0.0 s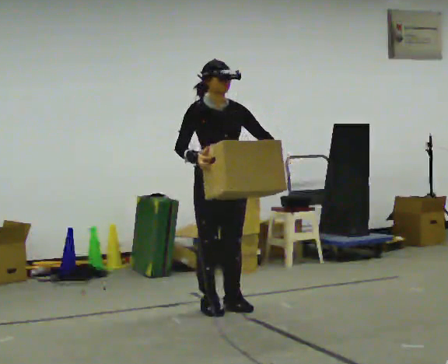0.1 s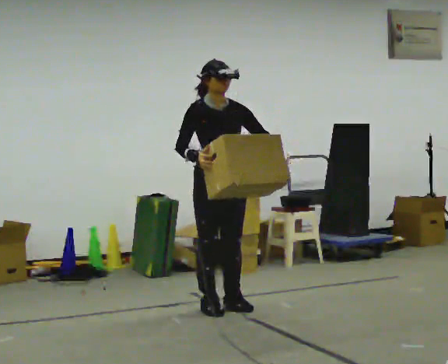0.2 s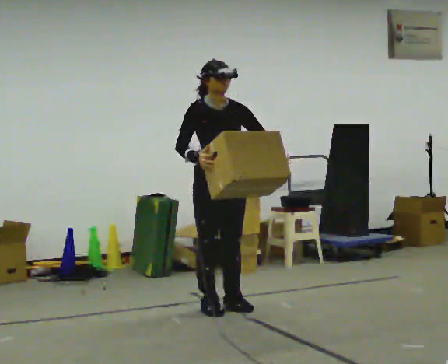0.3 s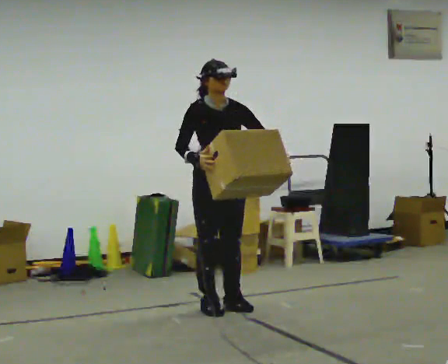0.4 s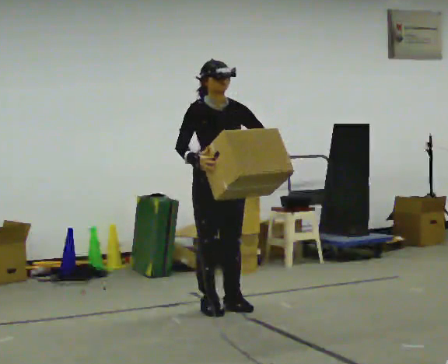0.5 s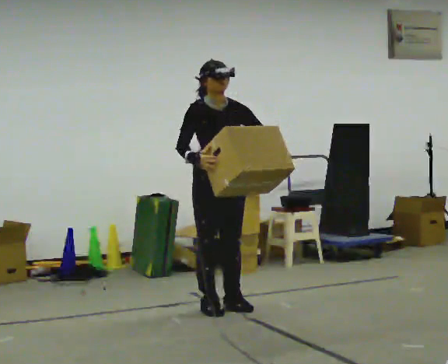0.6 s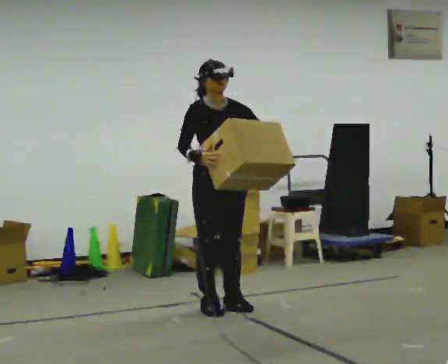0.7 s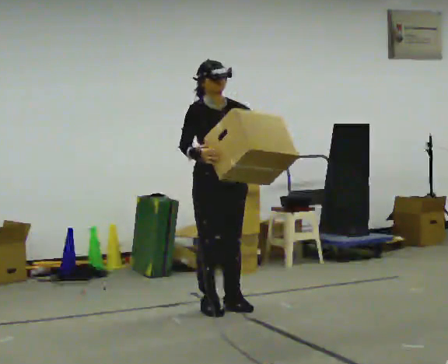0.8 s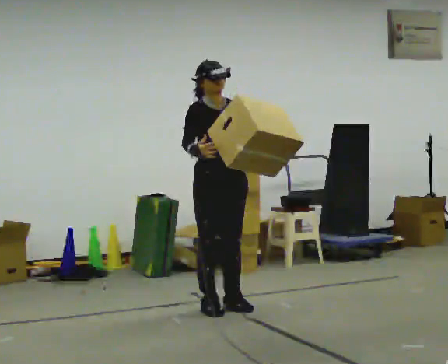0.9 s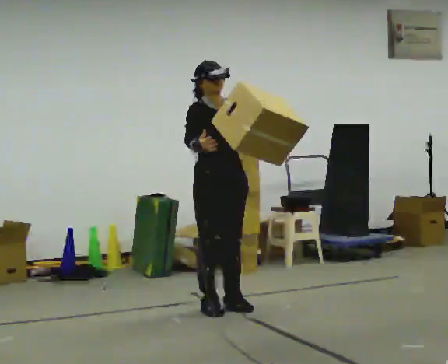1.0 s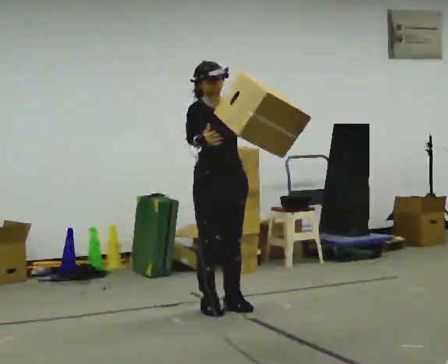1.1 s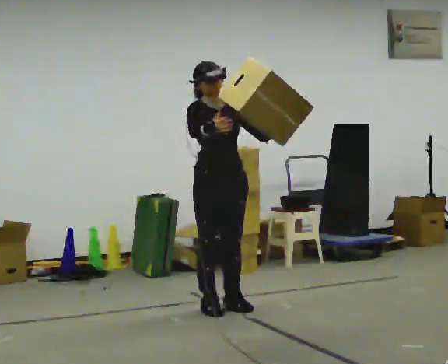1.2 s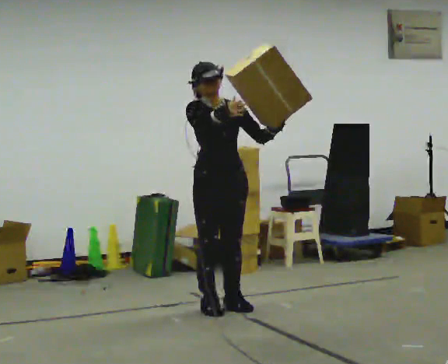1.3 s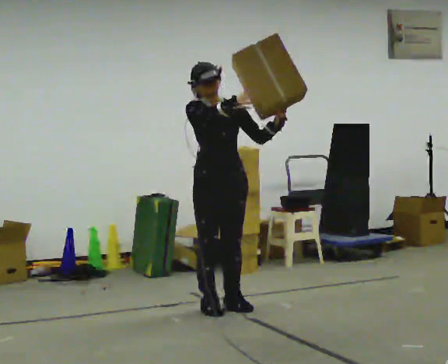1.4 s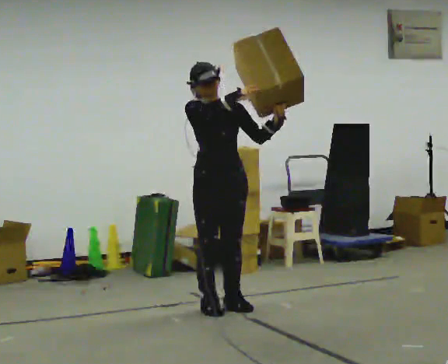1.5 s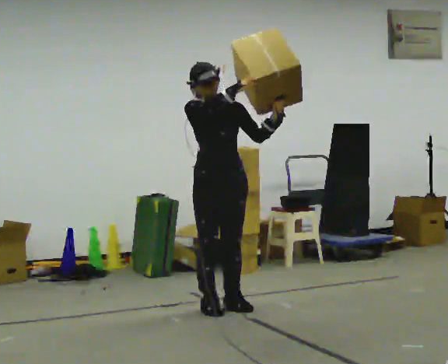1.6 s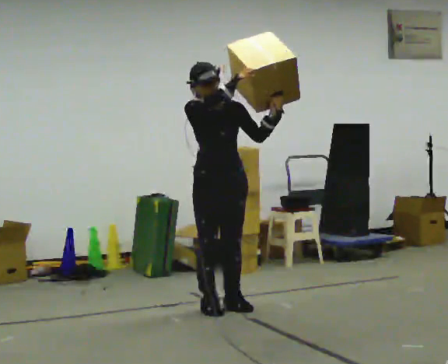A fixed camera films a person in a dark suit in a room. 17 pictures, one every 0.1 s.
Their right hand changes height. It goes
upward.
0.0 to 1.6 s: In the picture their right hand goes upward.
The film runs backward here.
